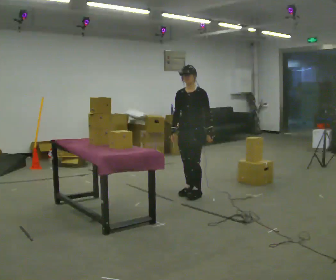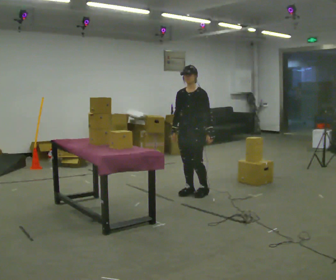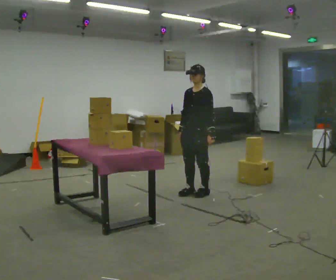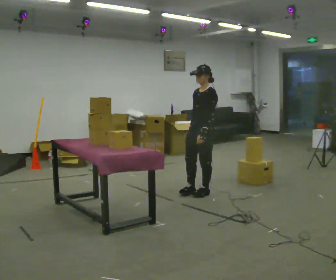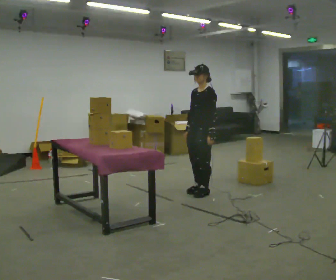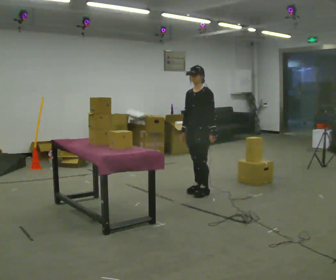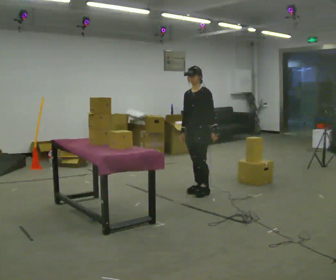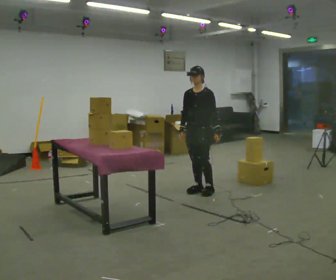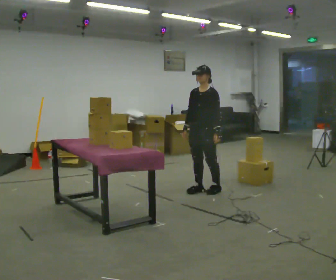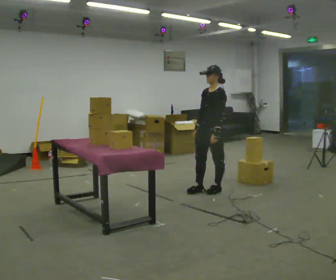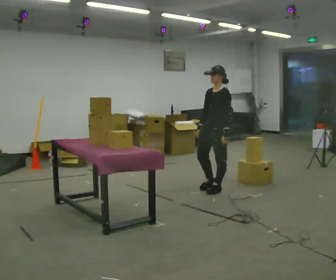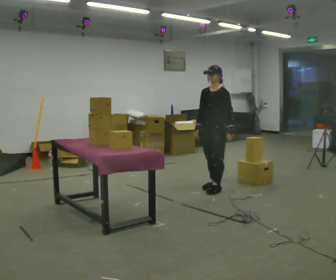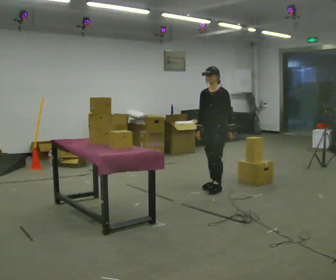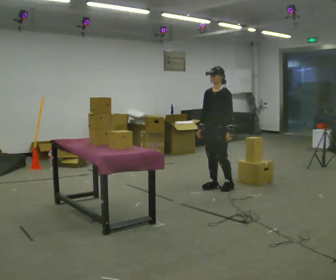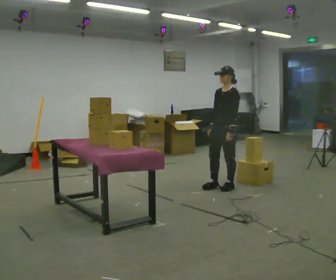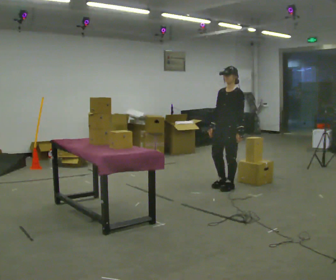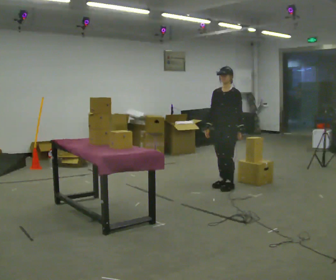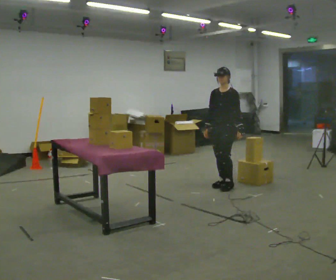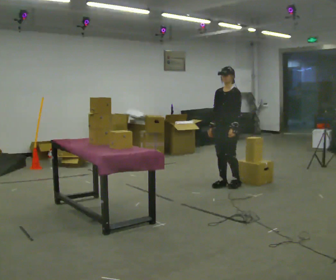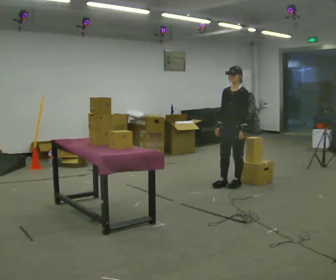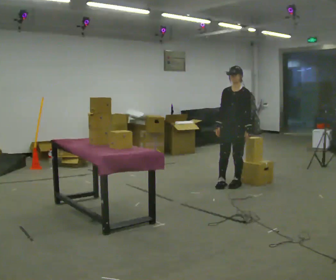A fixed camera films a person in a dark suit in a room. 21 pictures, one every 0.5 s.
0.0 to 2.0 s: The person turns about 30 degrees to their right, clockwise seen from above, so the part of the body nearest the lens slides to the left.
2.0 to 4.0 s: The person moves a little, or ends about where they began.
4.0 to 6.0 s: In the picture they go to the right and away from the camera, about 0.25 m in 1 step, which for them is backward.
6.0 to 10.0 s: In the picture they go to the right, about 0.25 m in 2 steps, which for them is backward and to their left.
The film runs backward here.
